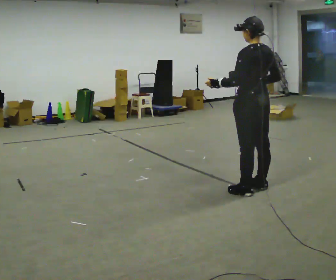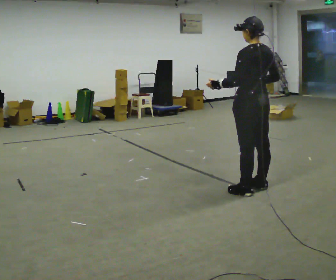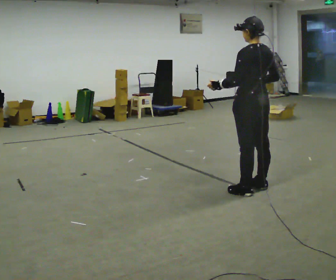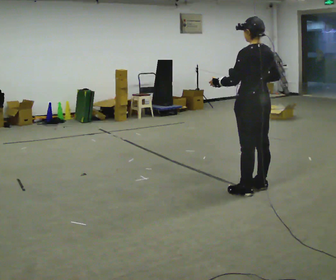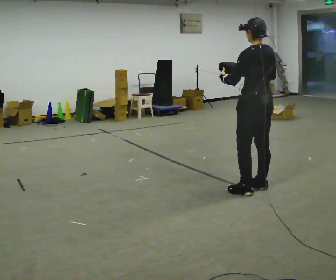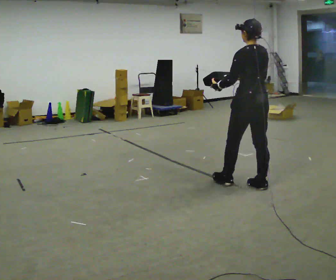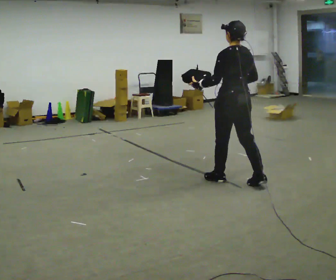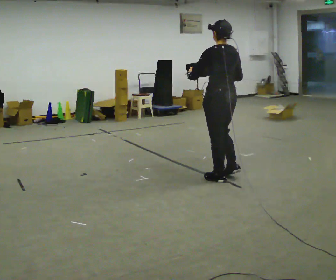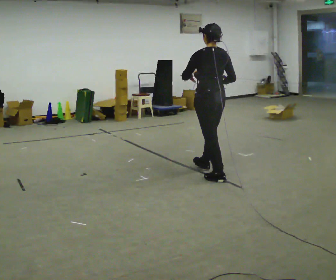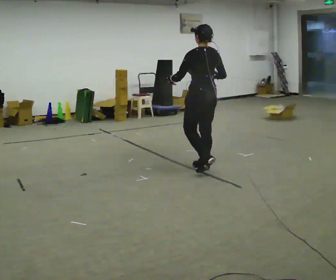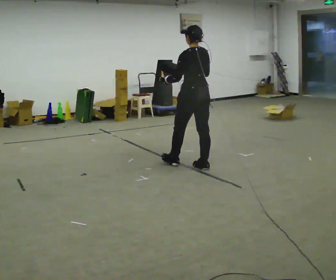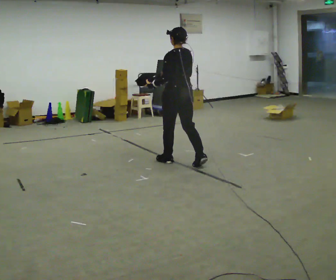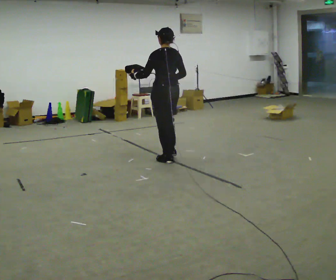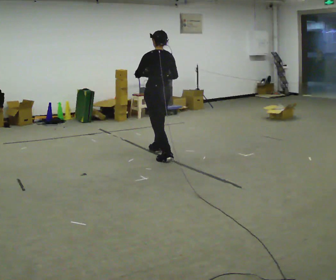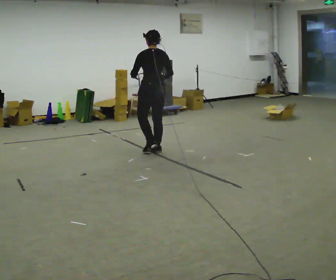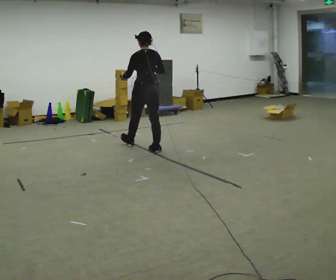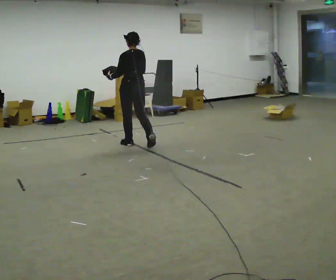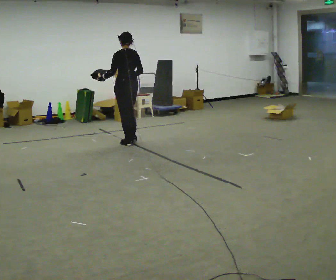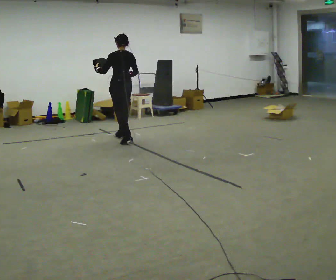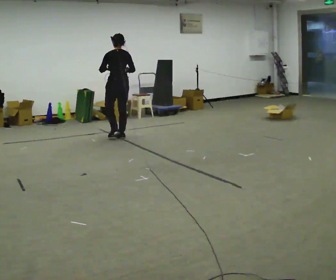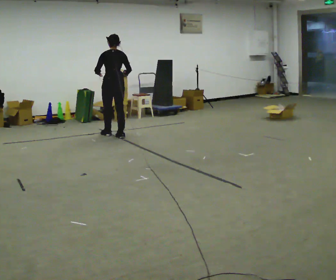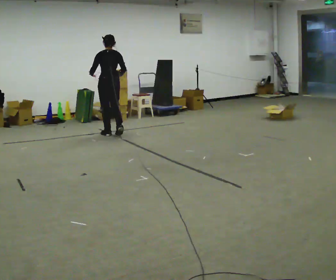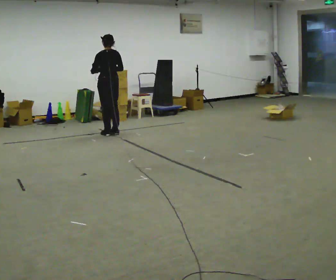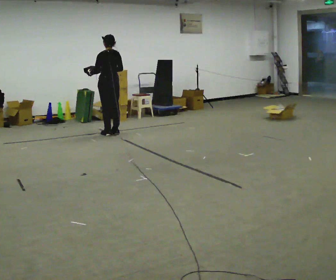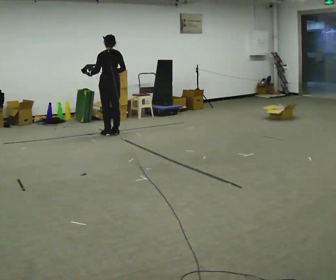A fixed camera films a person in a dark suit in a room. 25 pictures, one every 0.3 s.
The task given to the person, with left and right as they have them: Carry the object in one hand and, while walking, pass it to your other hand. Keep passing it back and forth as you walk.
0.0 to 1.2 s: The person moves a little, or ends about where they began.
1.2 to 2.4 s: In the picture they go away from the camera and to the left, about 0.5 m in 2 steps, which for them is forward.
2.4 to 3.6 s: In the picture they go away from the camera and to the left, about 1 m in 1 step, which for them is forward.
3.6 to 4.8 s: In the picture they go away from the camera and to the left, about 1 m in 2 steps, which for them is forward.
4.8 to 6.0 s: In the picture they go away from the camera and to the left, about 0.5 m in 2 steps, which for them is forward.
6.0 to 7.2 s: In the picture they go away from the camera, about 0.25 m in 1 step, which for them is forward.
The film runs forward here.
